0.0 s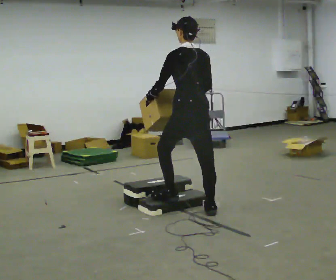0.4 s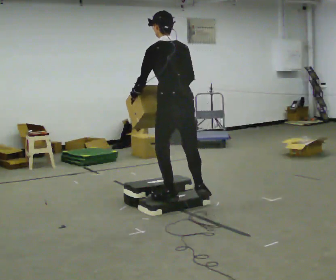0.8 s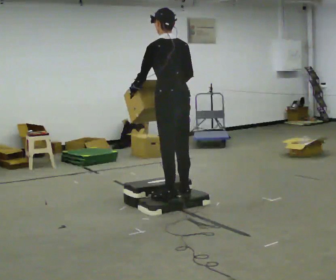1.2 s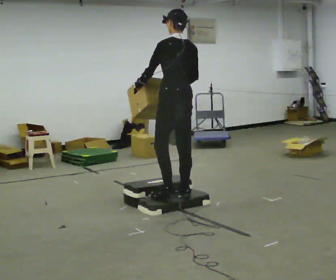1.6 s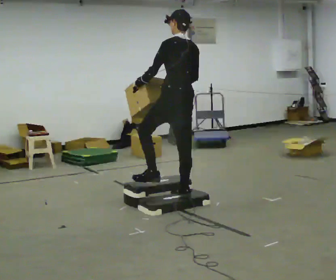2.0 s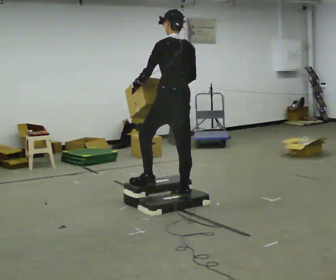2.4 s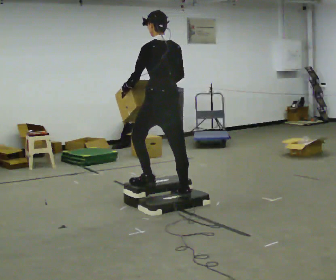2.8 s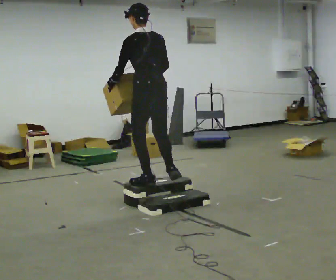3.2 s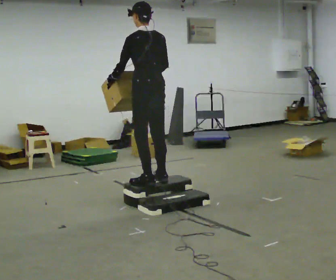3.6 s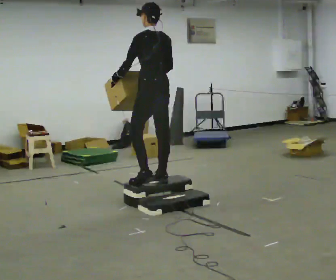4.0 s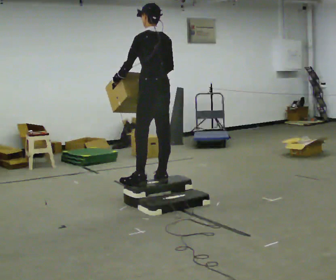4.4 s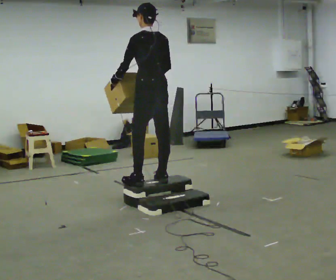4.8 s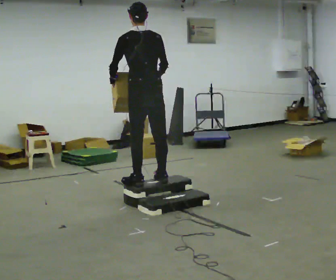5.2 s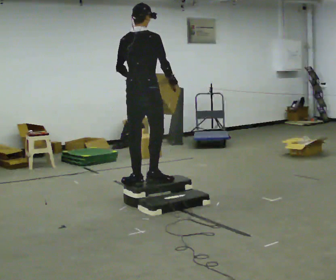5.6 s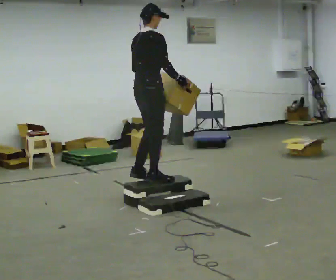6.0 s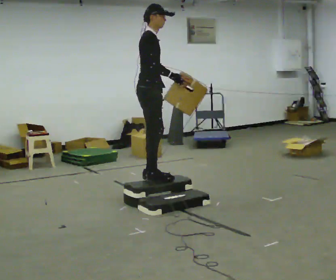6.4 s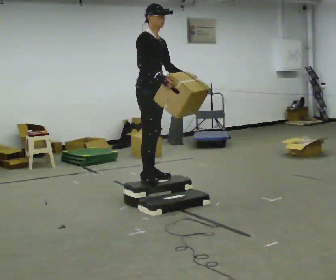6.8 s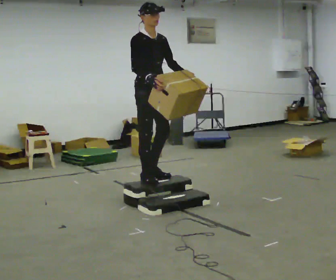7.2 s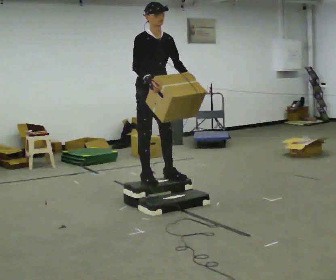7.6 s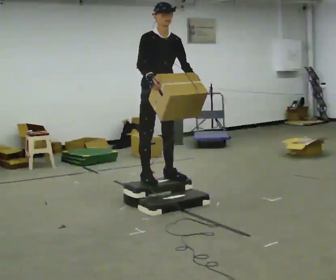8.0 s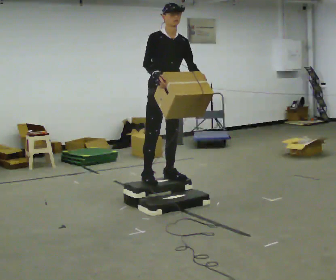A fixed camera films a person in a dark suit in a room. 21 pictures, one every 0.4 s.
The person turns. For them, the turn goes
to their right.
The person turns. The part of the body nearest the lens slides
to the left.
0.0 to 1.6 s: In the picture they go away from the camera, about 0.25 m in 1 step, which for them is forward.
1.6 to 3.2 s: In the picture they go to the left and away from the camera, about 0.25 m in 2 steps, which for them is forward and to their left.
3.2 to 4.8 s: The person moves a little, or ends about where they began.
4.8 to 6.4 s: Seen from above the body turns clockwise, about 135 degrees: to their right, with its near side sliding to the left. In the picture they go away from the camera, about 0.25 m in 1 step. In the picture the upper body tilts clockwise, shoulders to the right. In the picture their left hand goes to the right, the arm swinging counterclockwise.
6.4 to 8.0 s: The person turns about 30 degrees to their right, clockwise seen from above, so the part of the body nearest the lens slides to the left. In the picture they go to the right, about 0.25 m in 1 step, which for them is to their left.
The film runs forward here.
